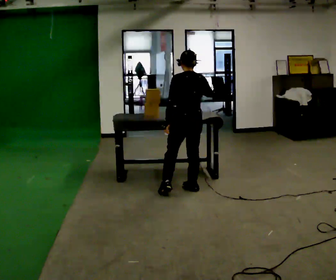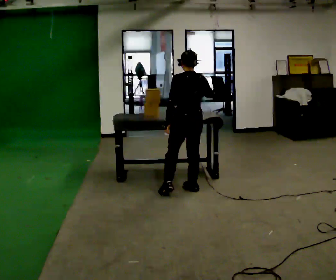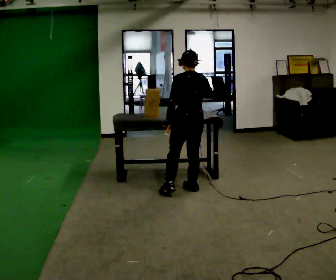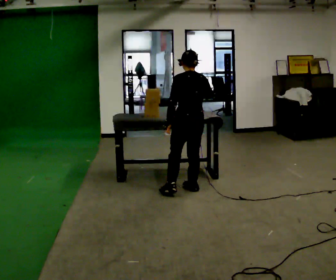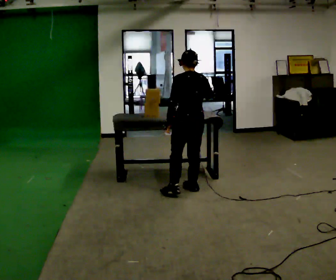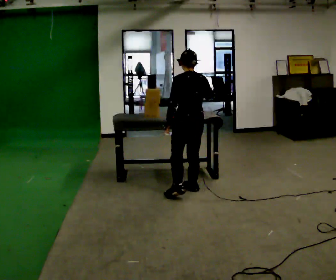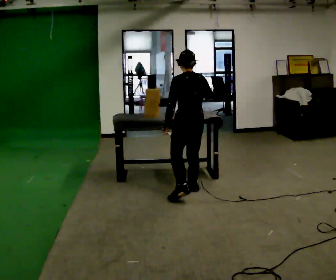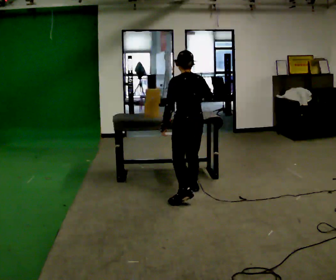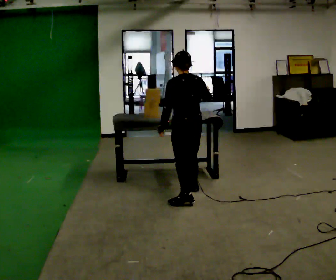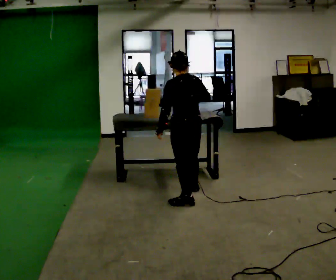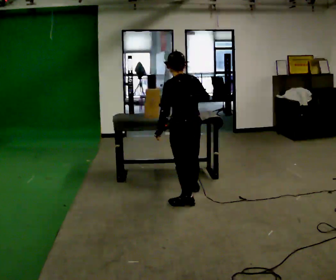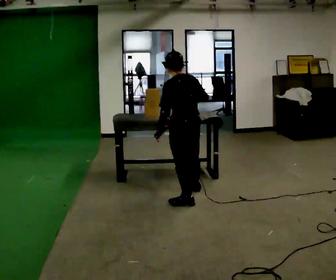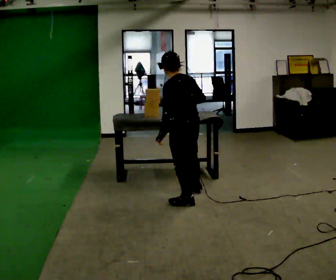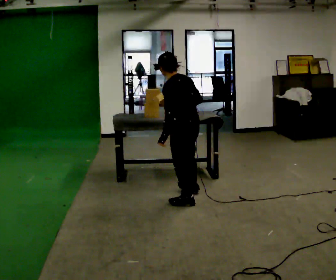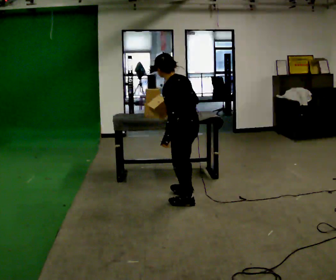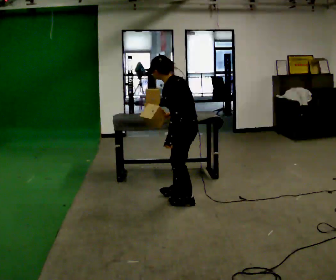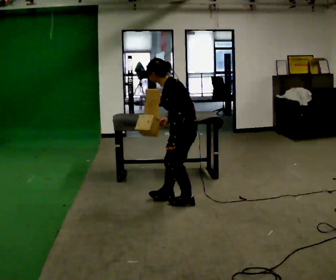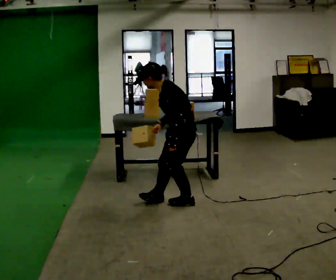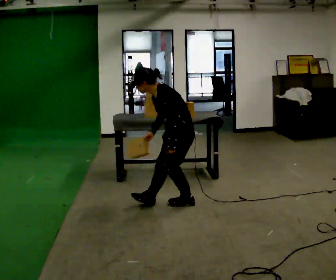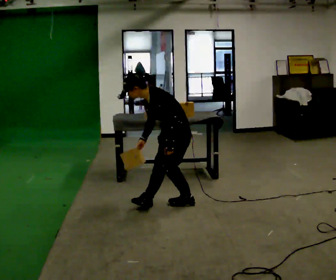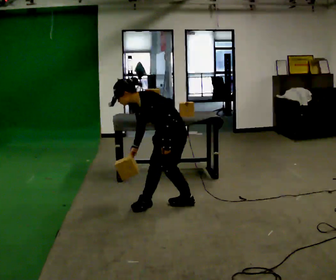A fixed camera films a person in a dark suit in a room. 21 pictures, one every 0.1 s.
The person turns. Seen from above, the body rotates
counterclockwise.
The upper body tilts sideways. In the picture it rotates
counterclockwise.
0.0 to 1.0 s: In the picture they go toward the camera, about 0.25 m in 1 step, which for them is backward and to their left.
1.0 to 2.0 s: The person turns about 75 degrees to their left, counterclockwise seen from above, so the part of the body nearest the lens slides to the right. In the picture the upper body tilts counterclockwise, shoulders to the left, as they bend forward. In the picture their right hand goes to the left and downward.
The film runs backward here.
